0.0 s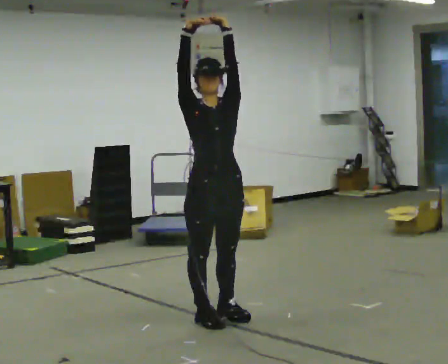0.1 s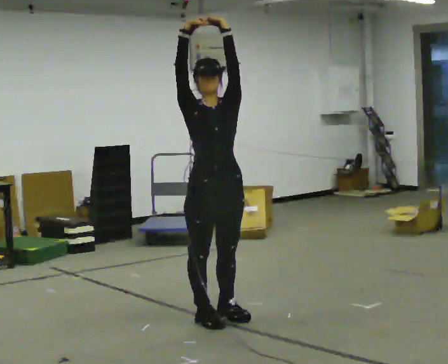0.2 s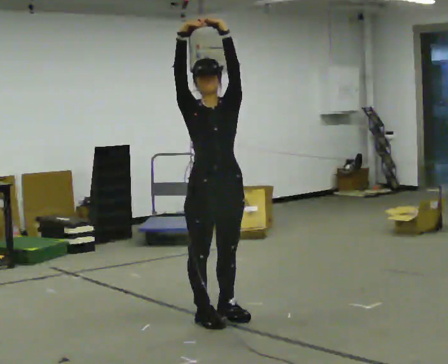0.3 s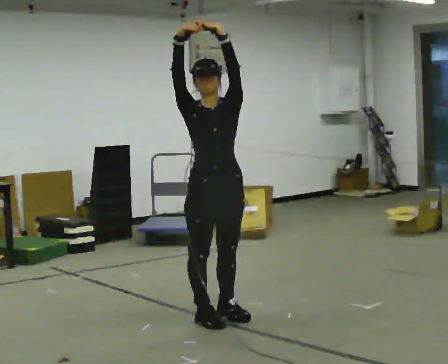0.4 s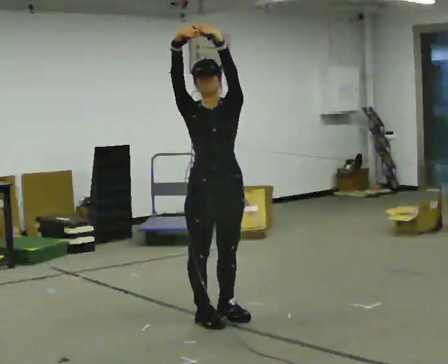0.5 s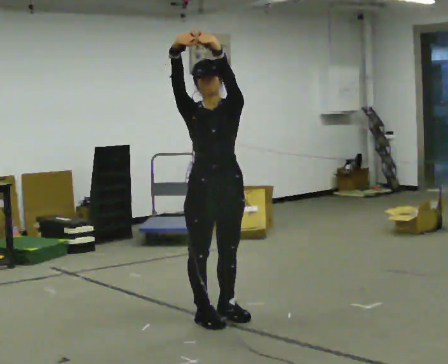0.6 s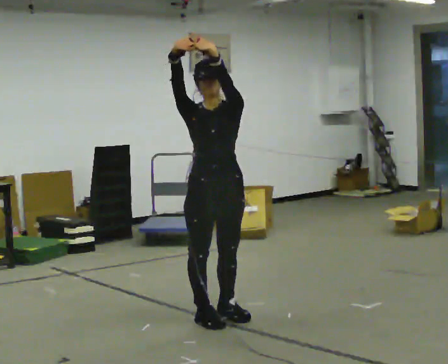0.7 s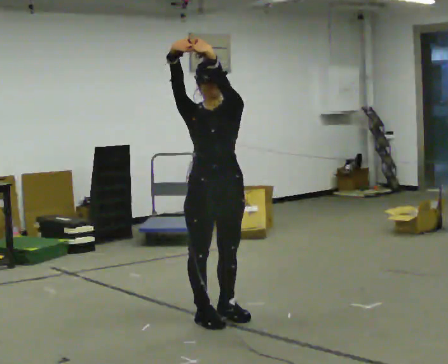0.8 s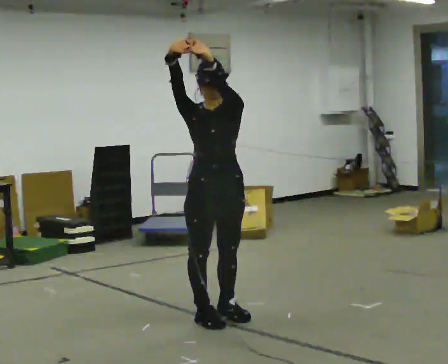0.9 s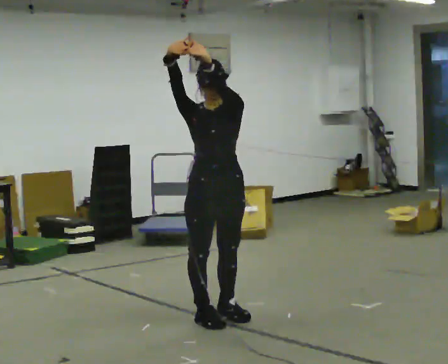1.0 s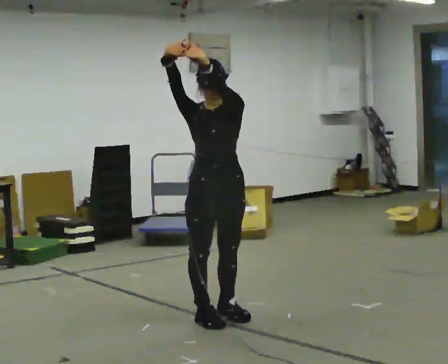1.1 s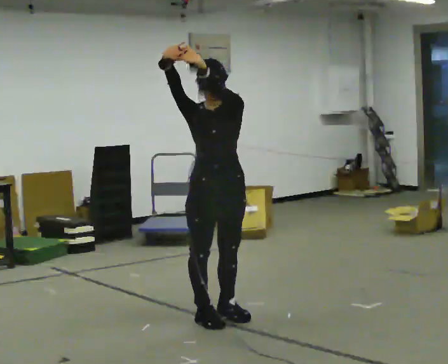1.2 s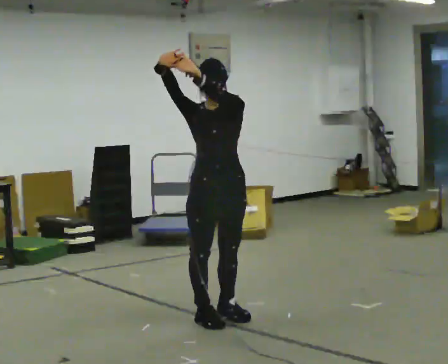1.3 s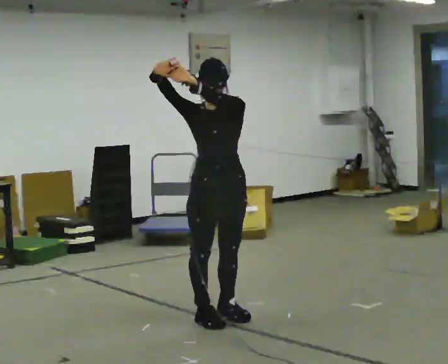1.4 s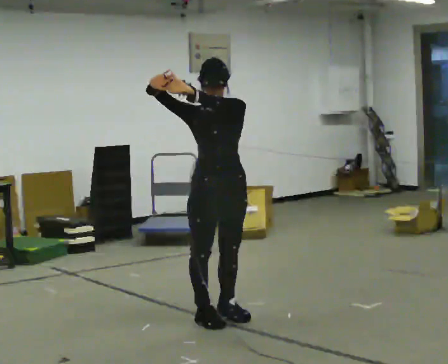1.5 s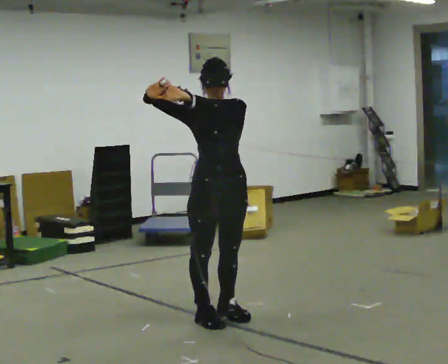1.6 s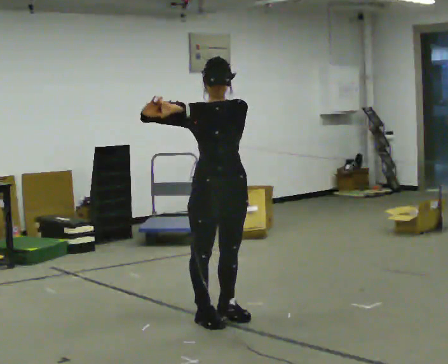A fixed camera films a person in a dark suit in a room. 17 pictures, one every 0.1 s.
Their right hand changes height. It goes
downward.
Their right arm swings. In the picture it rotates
counterclockwise.
0.0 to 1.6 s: In the picture their left hand goes downward.
The film runs backward here.
